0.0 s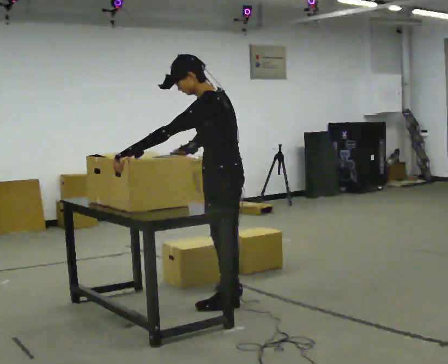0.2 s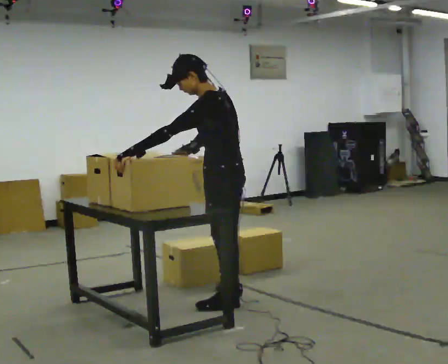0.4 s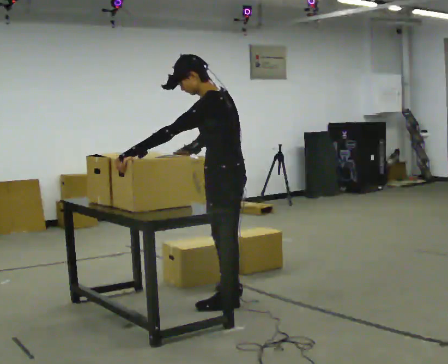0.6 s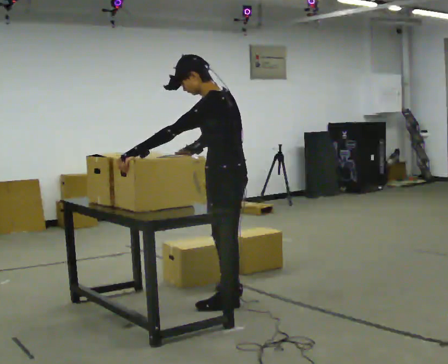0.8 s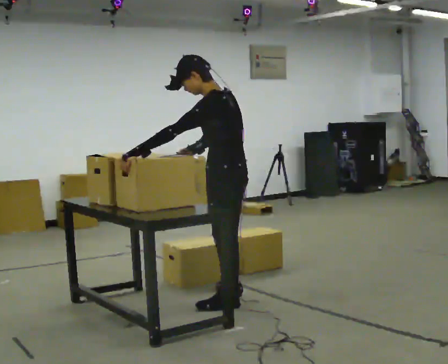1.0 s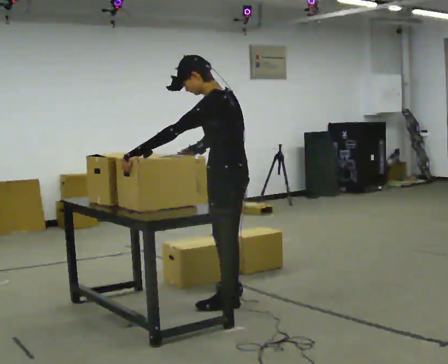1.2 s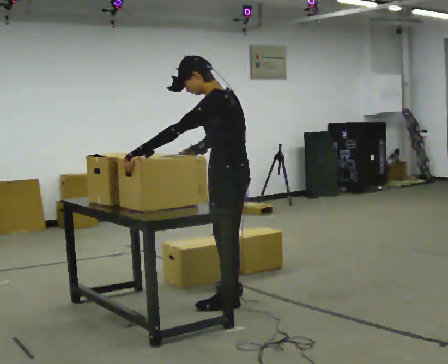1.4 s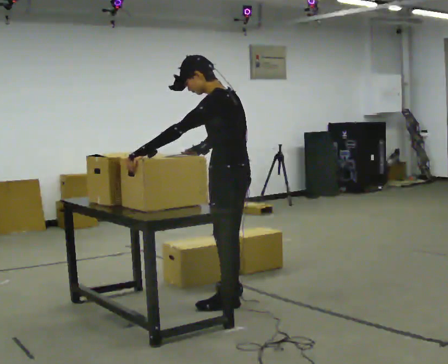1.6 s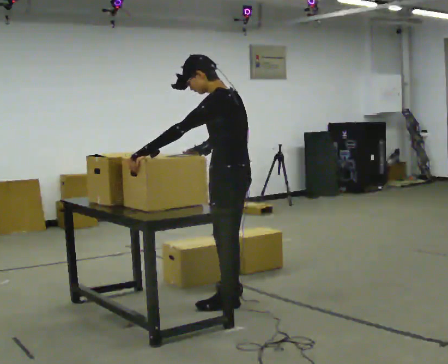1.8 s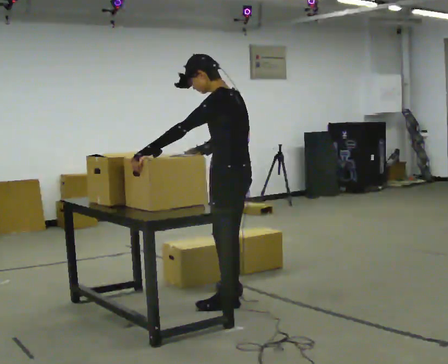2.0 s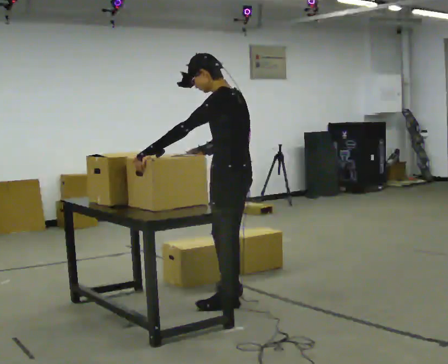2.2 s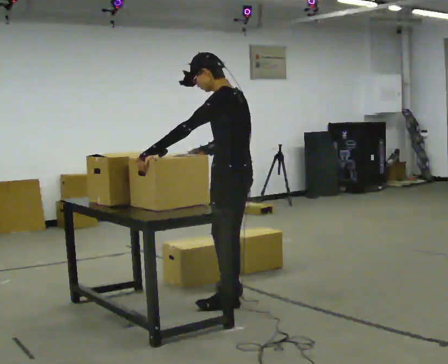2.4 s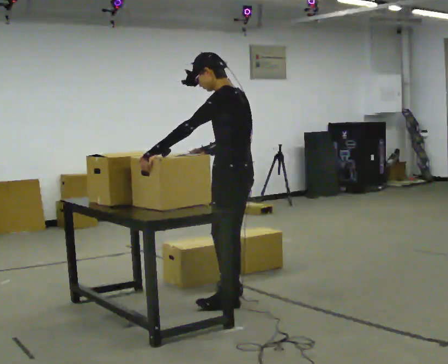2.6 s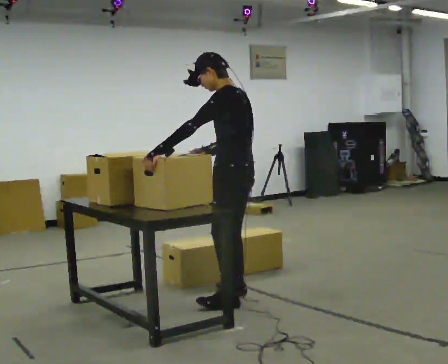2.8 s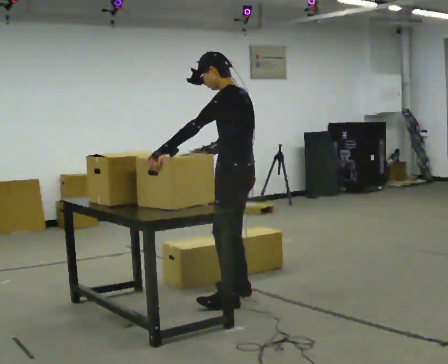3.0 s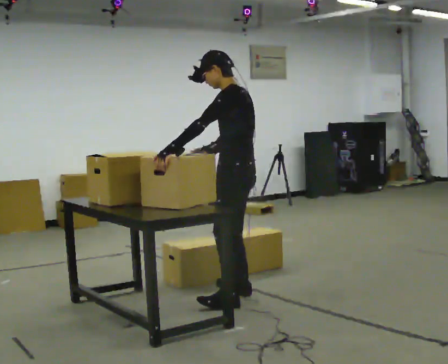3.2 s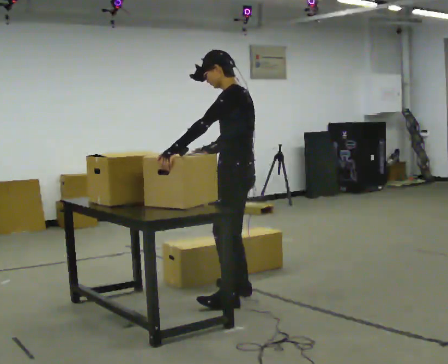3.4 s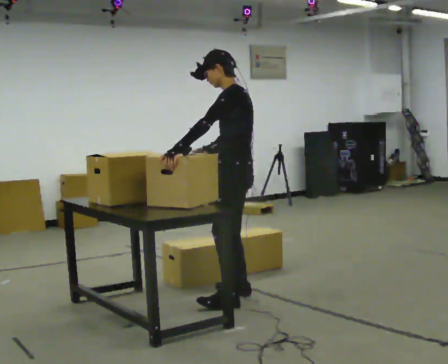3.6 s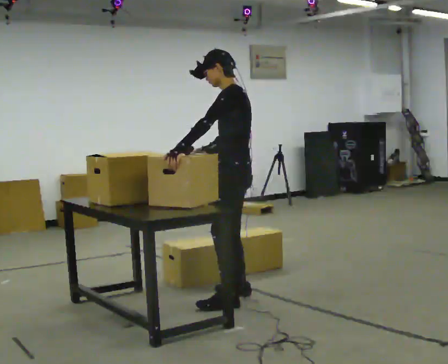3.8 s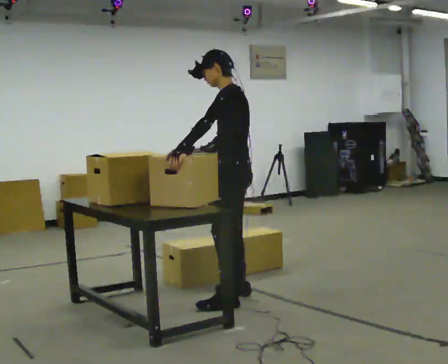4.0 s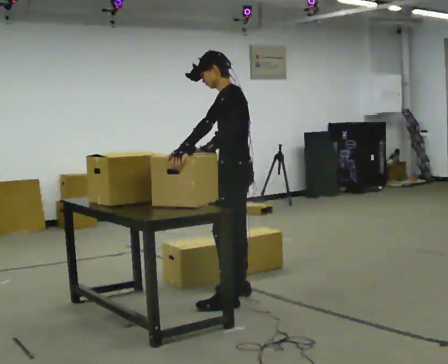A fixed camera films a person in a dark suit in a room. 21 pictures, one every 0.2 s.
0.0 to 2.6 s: The person moves a little, or ends about where they began.
2.6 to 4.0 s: In the picture they go away from the camera, about 0.25 m, which for them is to their right.
The film runs forward here.
